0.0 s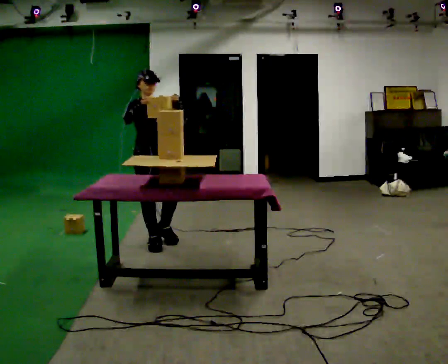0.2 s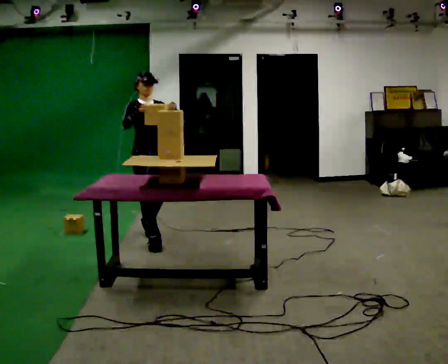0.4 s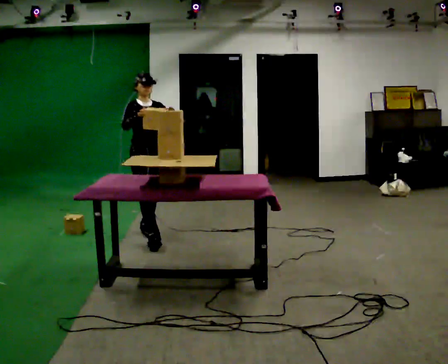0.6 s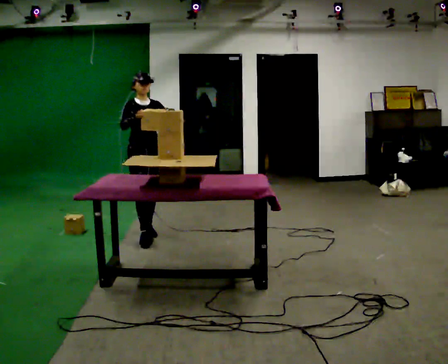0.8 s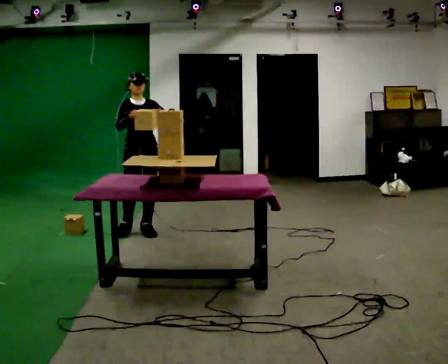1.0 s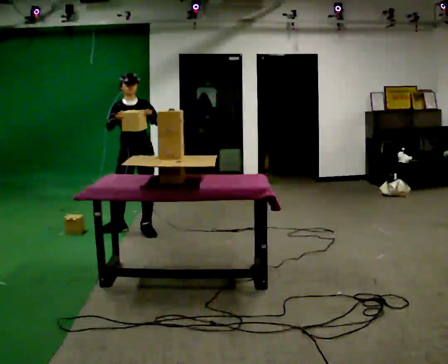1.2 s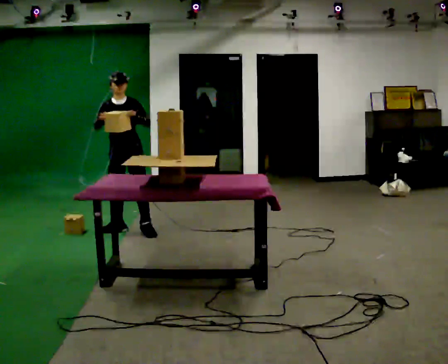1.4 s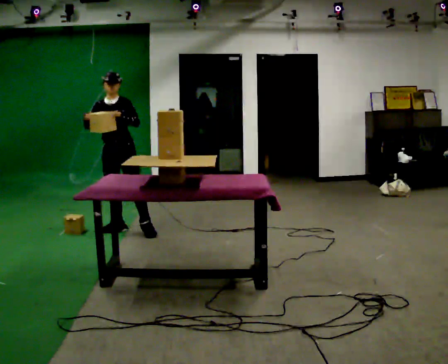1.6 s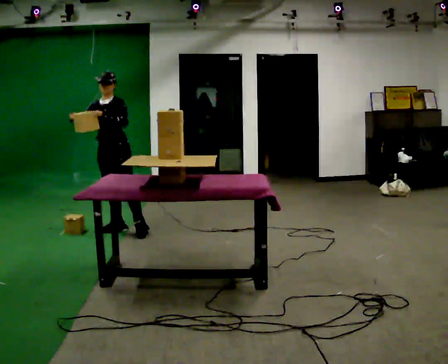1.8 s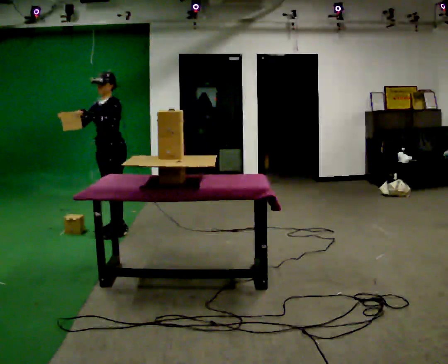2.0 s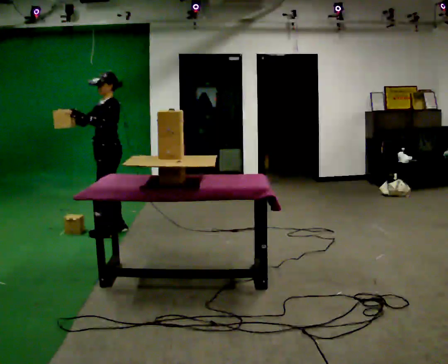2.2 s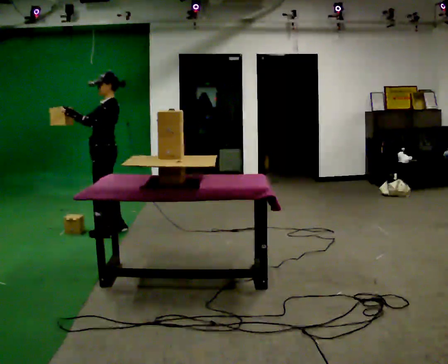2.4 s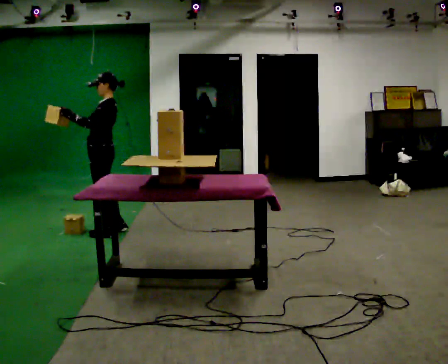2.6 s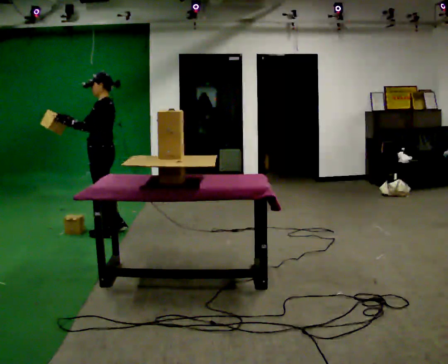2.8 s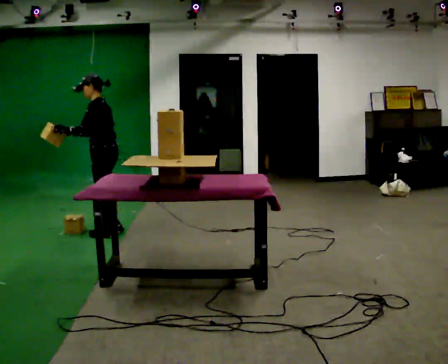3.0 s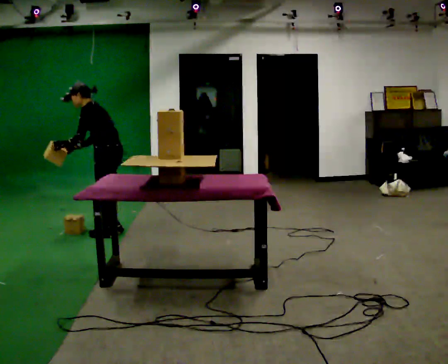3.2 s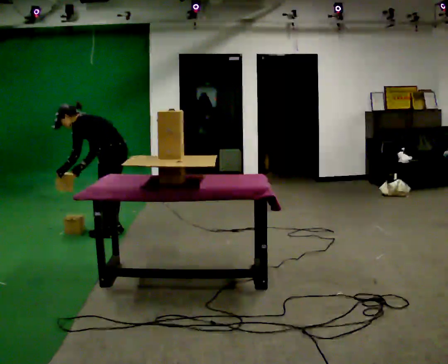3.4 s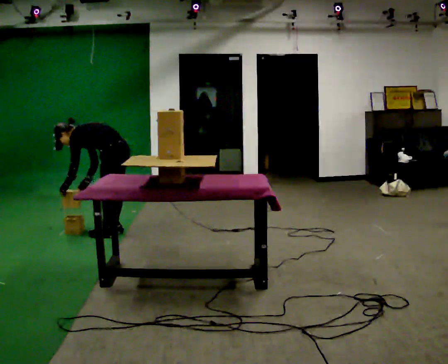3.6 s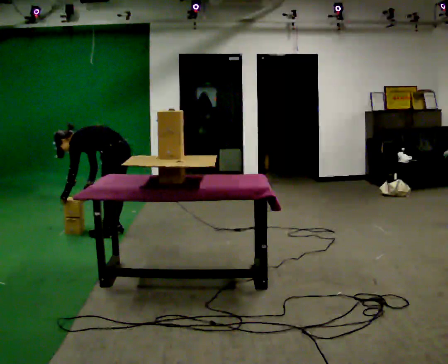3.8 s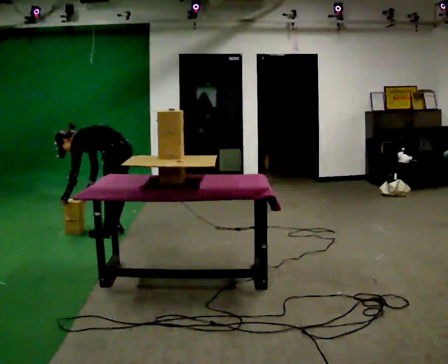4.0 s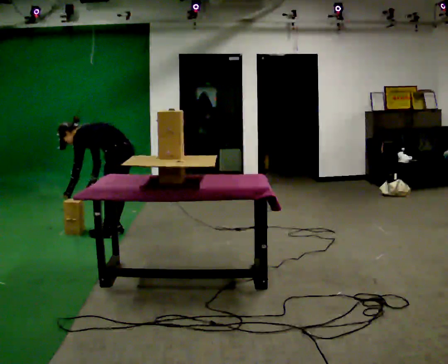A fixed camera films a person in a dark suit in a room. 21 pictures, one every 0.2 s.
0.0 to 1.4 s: The person turns about 30 degrees to their right, clockwise seen from above, so the part of the body nearest the lens slides to the left. In the picture they go away from the camera and to the left, about 0.5 m in 1 step, which for them is backward.
1.4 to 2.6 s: The person turns about 75 degrees to their right, clockwise seen from above, so the part of the body nearest the lens slides to the left. In the picture they go to the left, about 0.25 m in 1 step. In the picture their left hand goes to the left.
2.6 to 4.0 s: In the picture they go to the right, about 0.25 m, which for them is backward. The shoulders move downward. In the picture the upper body tilts counterclockwise, shoulders to the left, as they bend forward. In the picture their right hand goes downward, the arm swinging counterclockwise.
The film runs backward here.
